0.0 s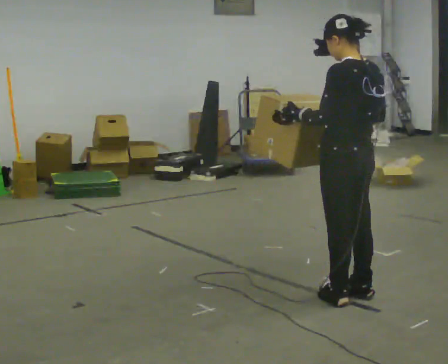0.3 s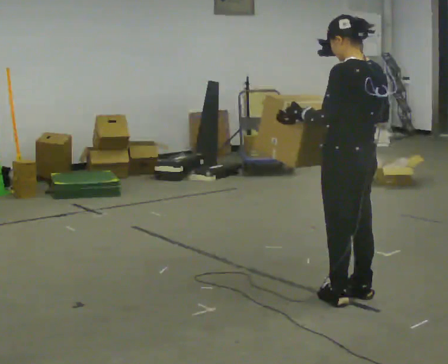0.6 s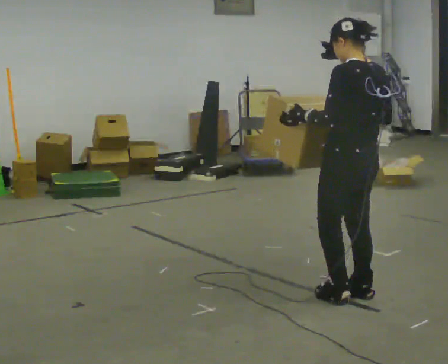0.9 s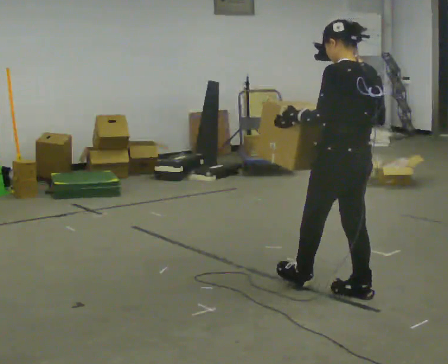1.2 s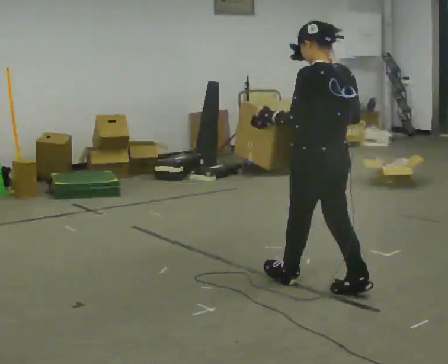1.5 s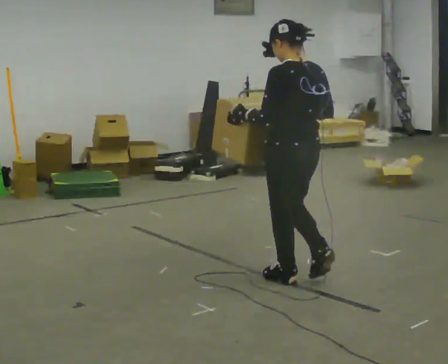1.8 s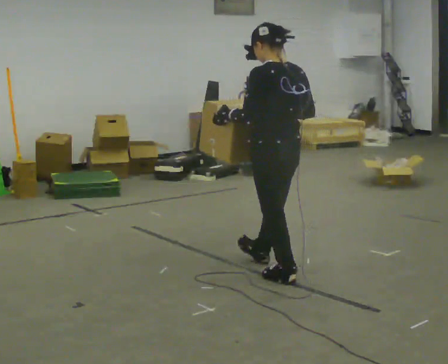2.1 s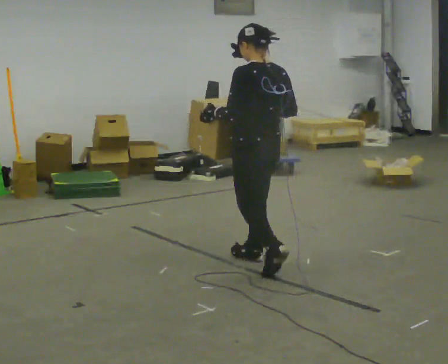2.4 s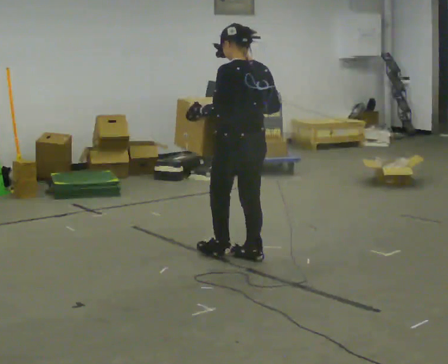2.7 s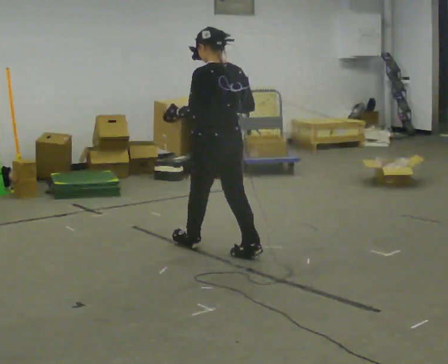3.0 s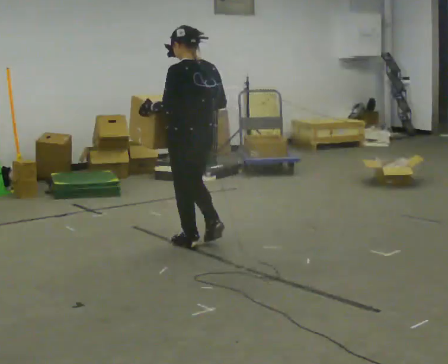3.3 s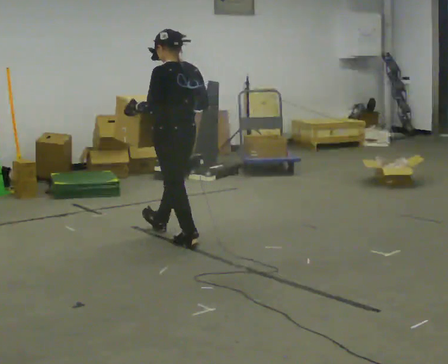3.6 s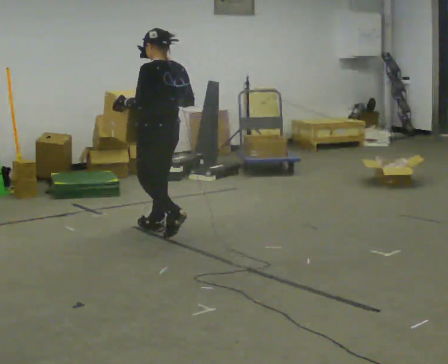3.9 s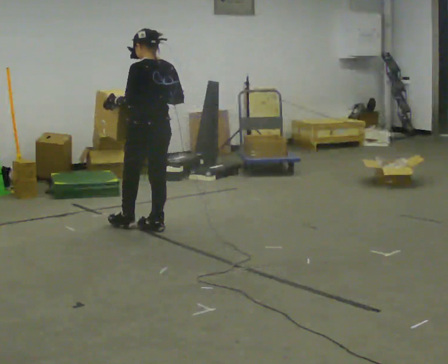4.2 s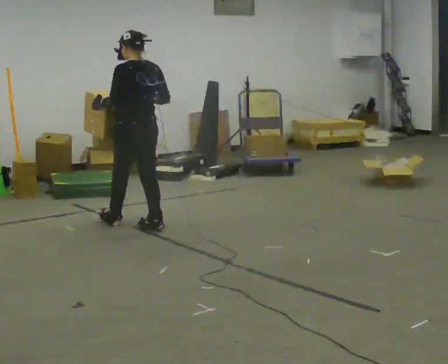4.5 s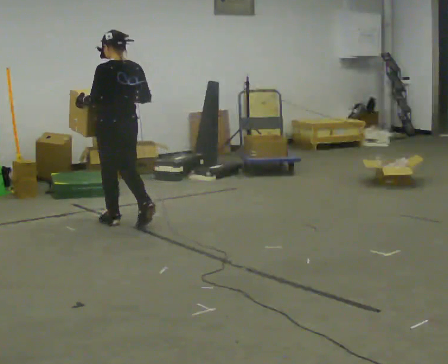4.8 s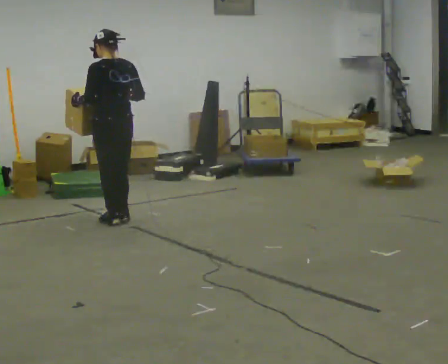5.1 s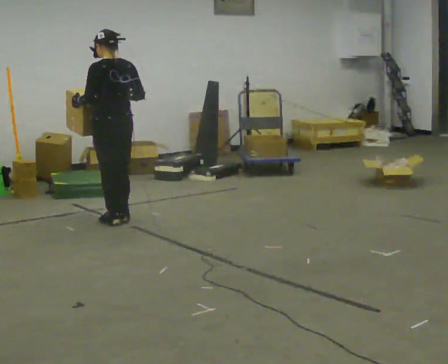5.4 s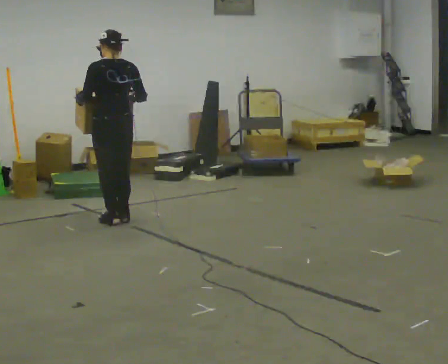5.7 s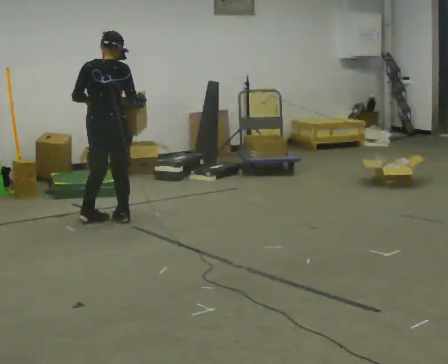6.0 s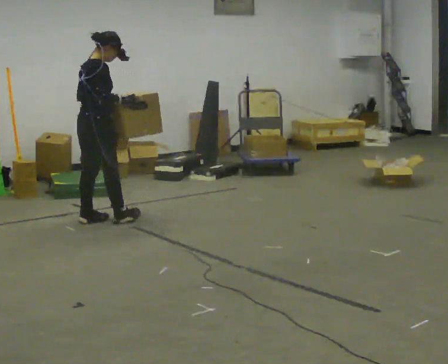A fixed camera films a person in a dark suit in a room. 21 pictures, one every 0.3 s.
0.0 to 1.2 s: In the picture they go away from the camera, about 0.25 m in 1 step, which for them is forward.
1.2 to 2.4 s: In the picture they go away from the camera and to the left, about 0.5 m in 1 step, which for them is forward.
2.4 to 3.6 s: In the picture they go away from the camera and to the left, about 1 m in 2 steps, which for them is forward.
3.6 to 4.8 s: In the picture they go away from the camera and to the left, about 0.5 m in 2 steps, which for them is forward.
4.8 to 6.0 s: The person turns about 90 degrees to their right, clockwise seen from above, so the part of the body nearest the lens slides to the left. In the picture they go to the left, about 0.25 m in 1 step.
The film runs forward here.
